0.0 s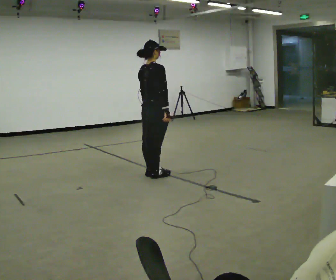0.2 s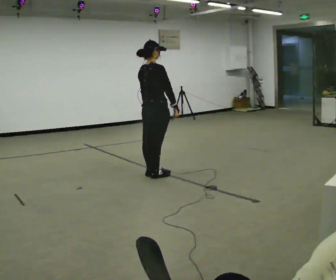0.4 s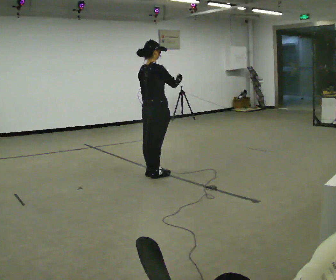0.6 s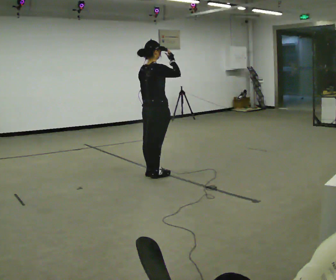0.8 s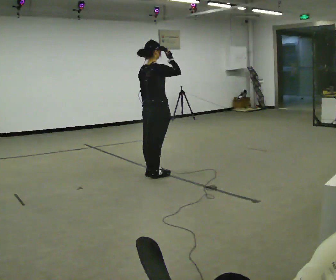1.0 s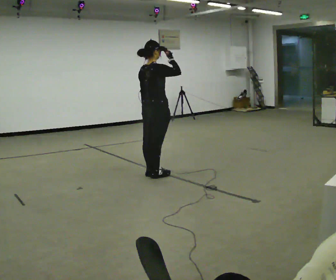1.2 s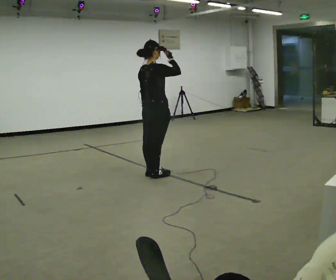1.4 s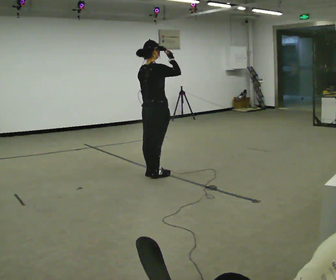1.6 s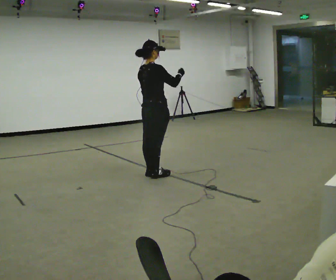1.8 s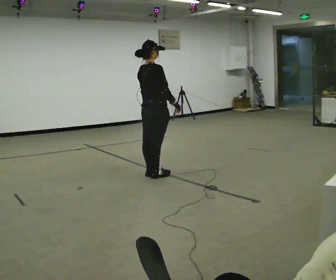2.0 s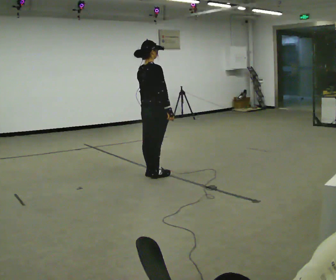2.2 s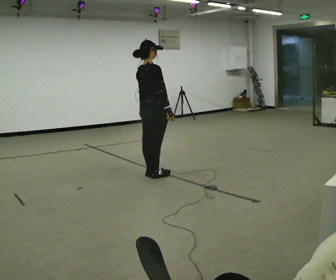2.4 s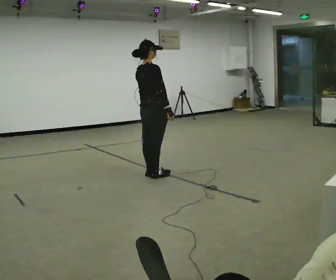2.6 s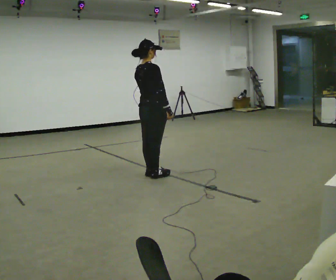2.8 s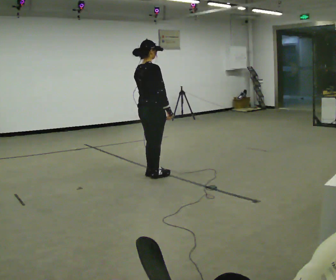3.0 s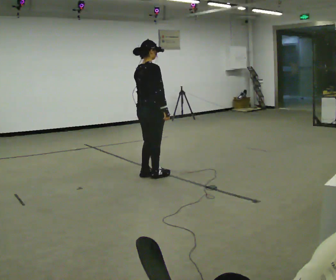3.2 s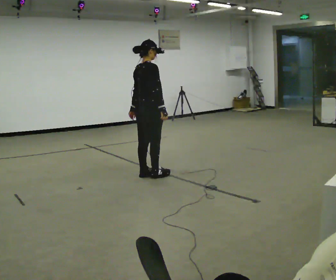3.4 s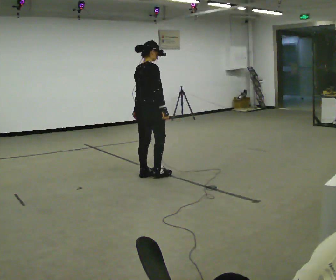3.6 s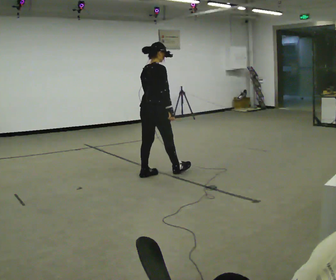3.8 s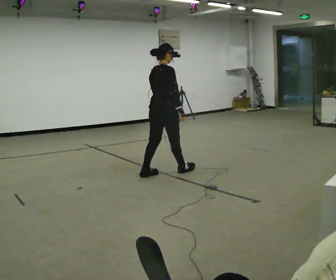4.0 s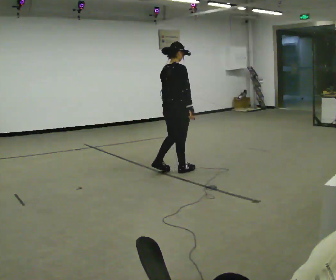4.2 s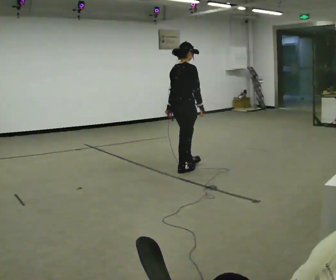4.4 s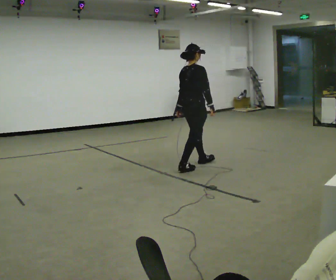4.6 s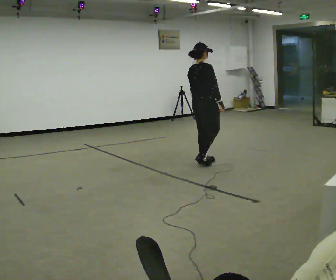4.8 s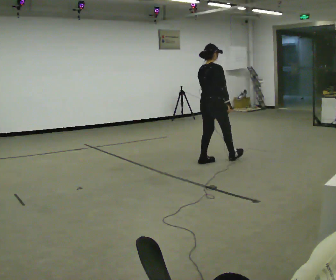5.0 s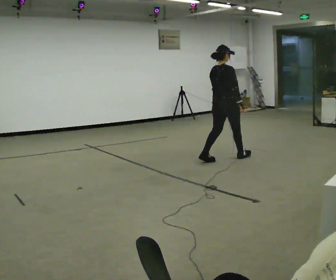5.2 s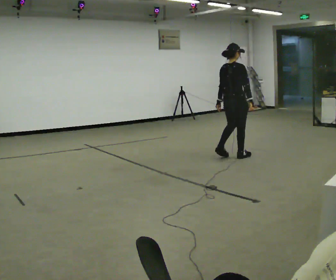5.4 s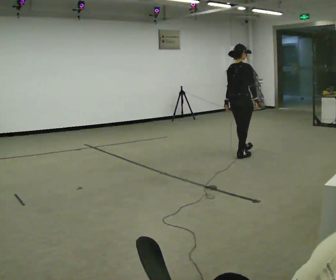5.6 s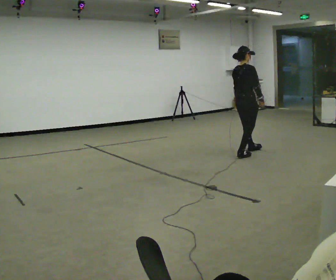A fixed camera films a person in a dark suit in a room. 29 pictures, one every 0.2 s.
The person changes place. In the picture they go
to the right.
0.0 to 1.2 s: In the picture their right hand goes upward.
1.2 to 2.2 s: In the picture their right hand goes downward.
2.2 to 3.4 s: The person moves a little, or ends about where they began.
3.4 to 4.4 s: In the picture they go to the right and away from the camera, about 0.75 m in 2 steps, which for them is forward.
4.4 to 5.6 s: In the picture they go to the right and away from the camera, about 1 m in 1 step, which for them is forward.
The film runs backward here.
